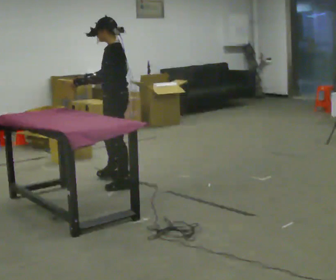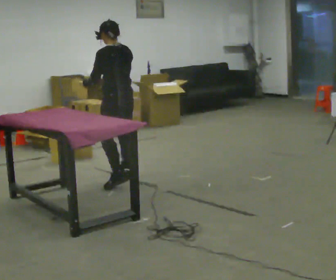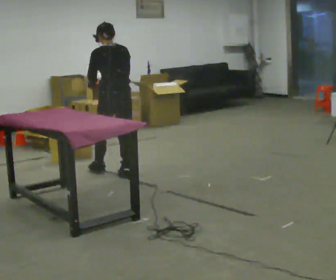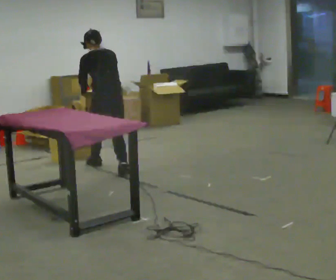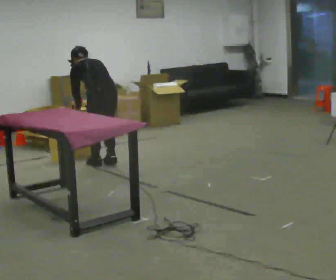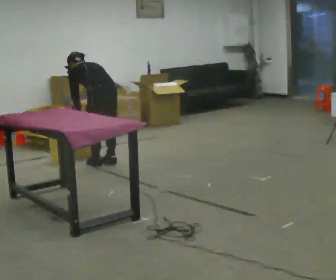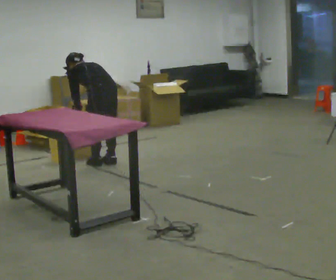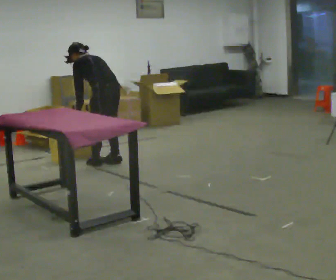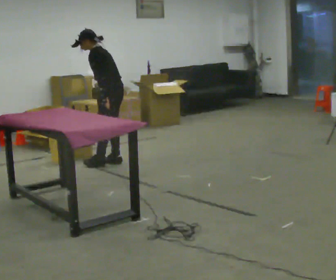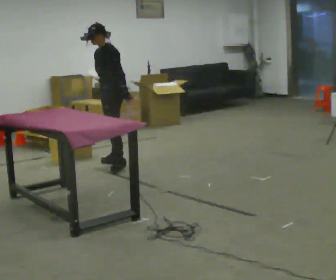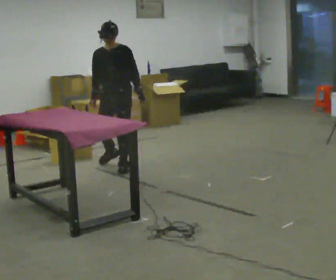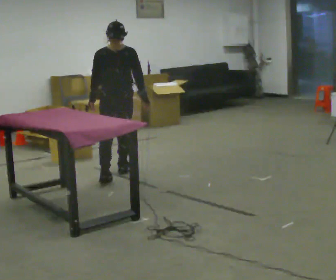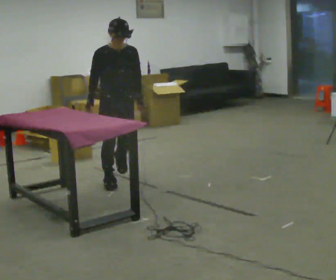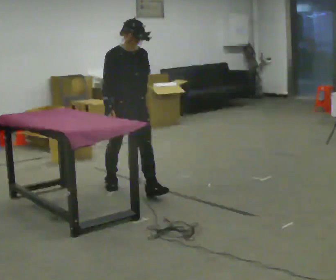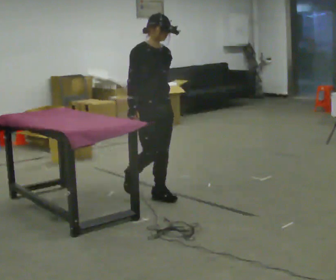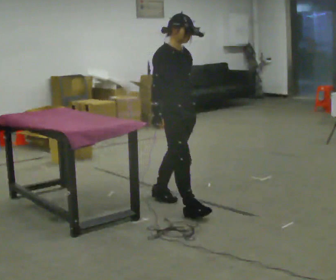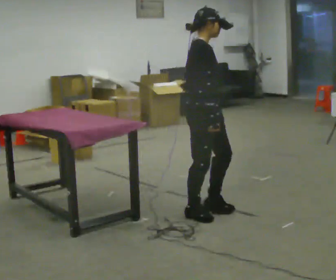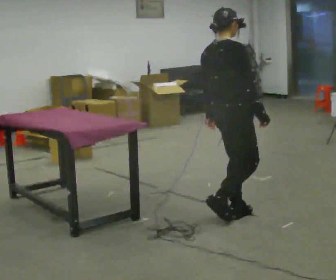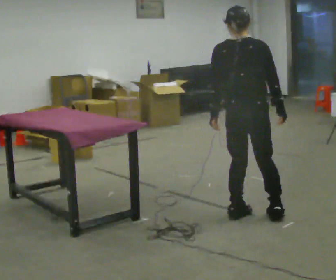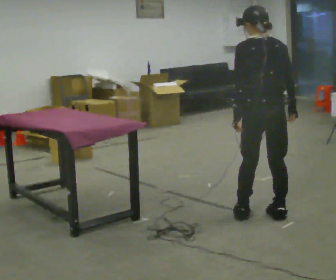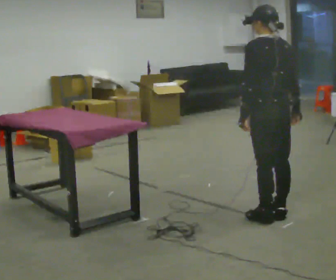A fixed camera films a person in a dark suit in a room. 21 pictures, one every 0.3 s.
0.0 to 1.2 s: Seen from above the body turns clockwise, about 60 degrees: to their right, with its near side sliding to the left. In the picture they go away from the camera, about 0.5 m in 2 steps. The shoulders move downward. The upper body tips away from the camera, its near side rolling upward, as they bend forward. In the picture their right hand goes downward.
1.2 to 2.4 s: The person turns about 60 degrees to their left, counterclockwise seen from above, so the part of the body nearest the lens slides to the right. In the picture they go away from the camera, about 0.25 m in 1 step, which for them is to their right. The upper body goes upward. The upper body tips toward the camera, its near side rolling downward.
2.4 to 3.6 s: The part of the body nearest the lens slides to the right as the person turns to their left by about 120 degrees. In the picture they go toward the camera, about 1 m in 2 steps. In the picture the upper body tilts clockwise, shoulders to the right, as they lean back or straighten.
3.6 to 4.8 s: The part of the body nearest the lens slides to the right as the person turns to their left by about 60 degrees. In the picture they go toward the camera and to the right, about 1 m in 2 steps.
4.8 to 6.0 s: The person turns about 135 degrees to their left, counterclockwise seen from above, so the part of the body nearest the lens slides to the right. In the picture they go to the right and toward the camera, about 0.5 m in 3 steps.
The film runs forward here.
